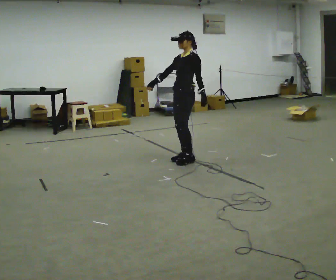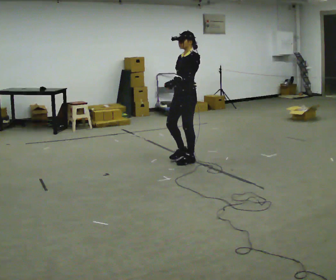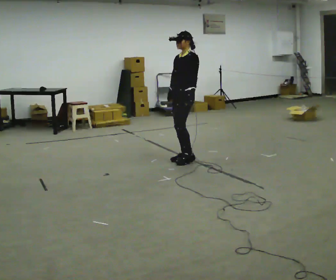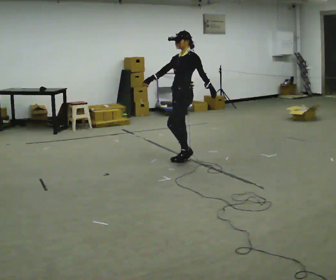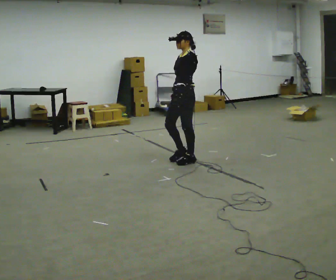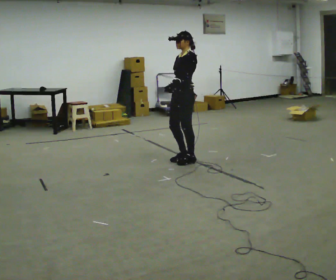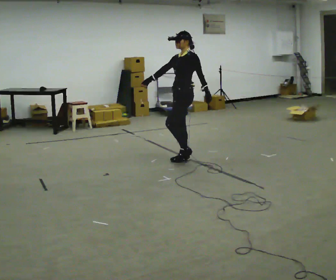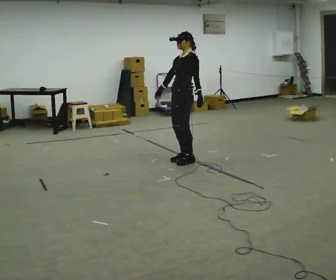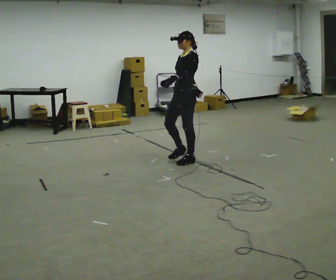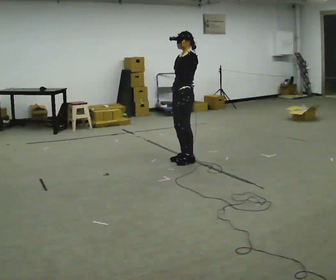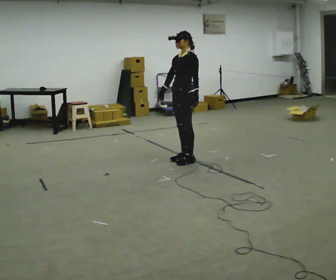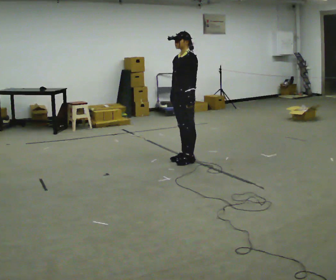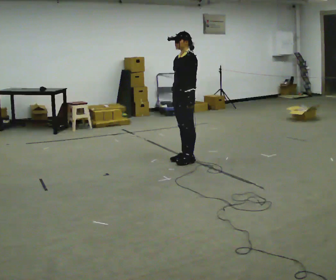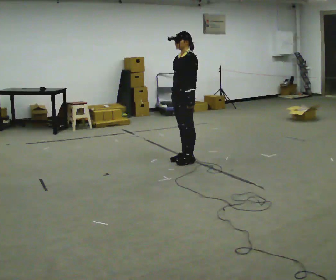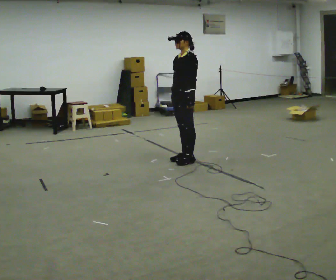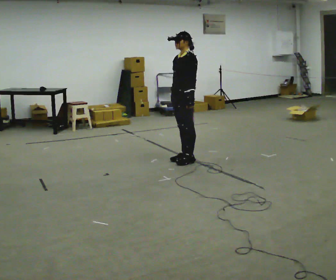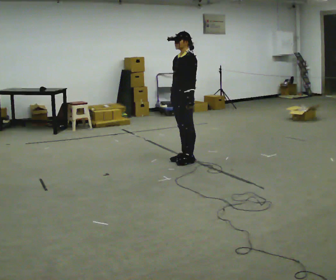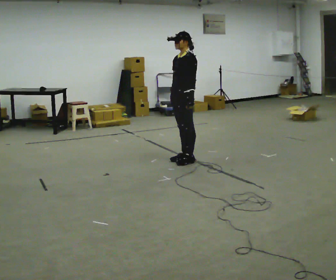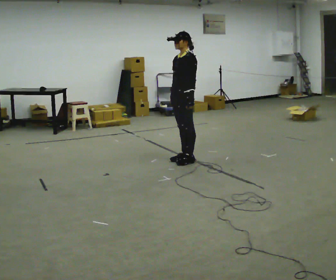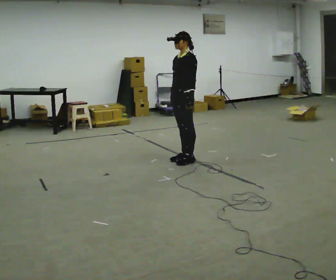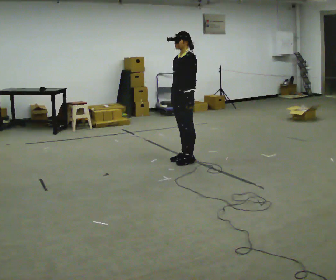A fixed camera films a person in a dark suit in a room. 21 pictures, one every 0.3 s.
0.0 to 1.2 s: In the picture their right hand goes to the right.
1.2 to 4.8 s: The person moves a little, or ends about where they began.
4.8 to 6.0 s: The person keeps their place and pose.
The film runs forward here.
